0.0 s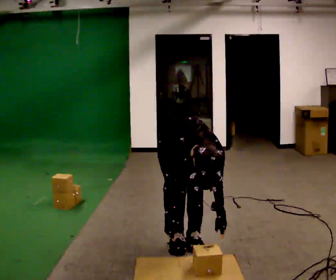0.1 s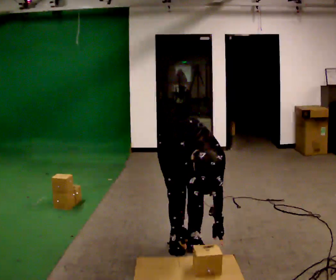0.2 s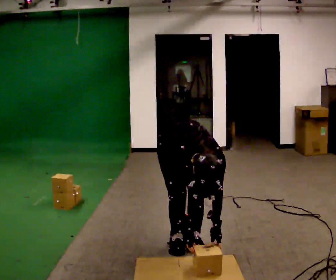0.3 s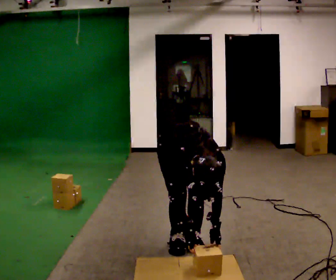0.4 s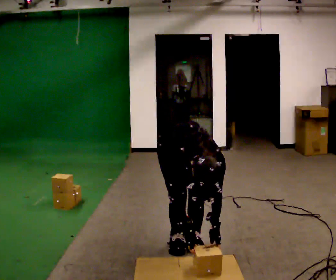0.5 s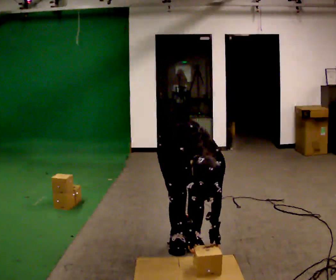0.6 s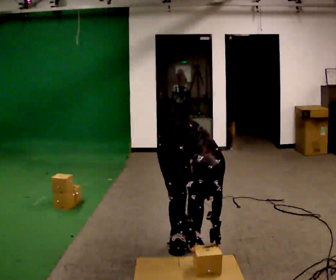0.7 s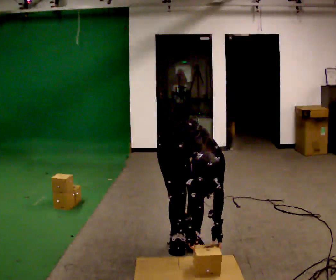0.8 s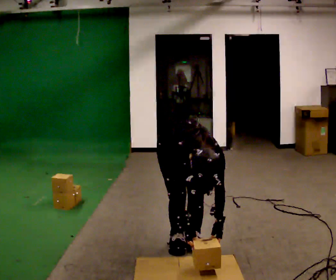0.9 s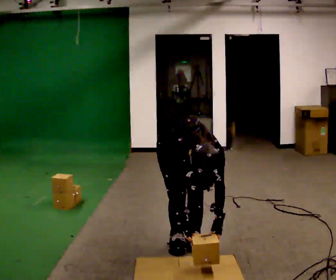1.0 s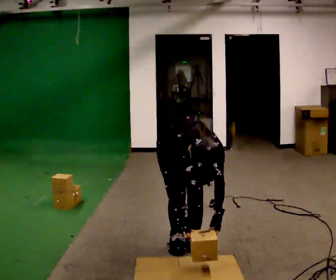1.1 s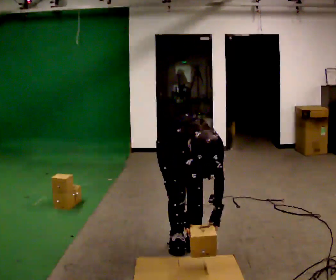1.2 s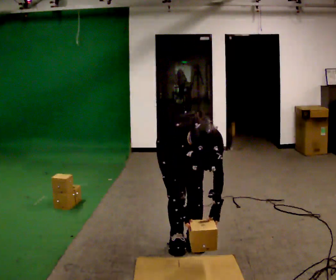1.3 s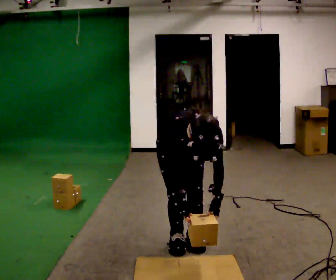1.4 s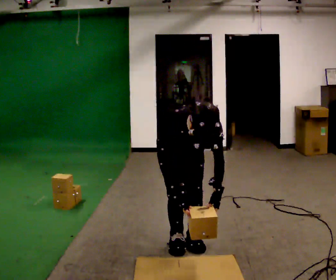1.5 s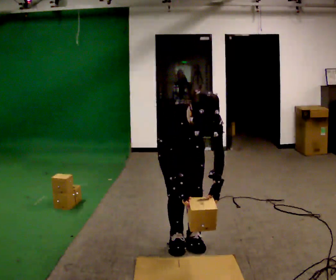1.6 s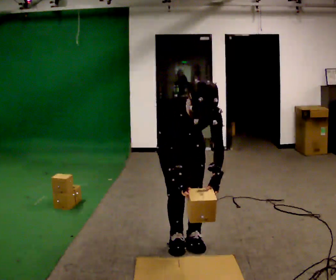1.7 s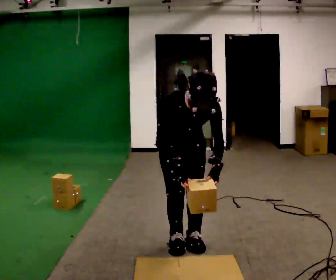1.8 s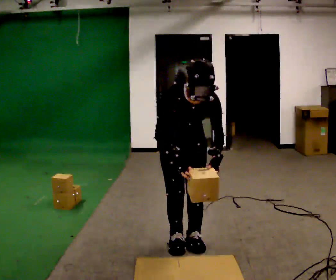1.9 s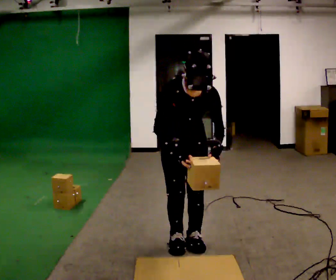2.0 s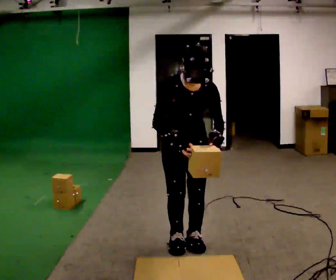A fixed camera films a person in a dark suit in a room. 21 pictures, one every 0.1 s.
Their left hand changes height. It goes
upward.
The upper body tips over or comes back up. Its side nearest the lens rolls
upward.
0.0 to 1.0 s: The person moves a little, or ends about where they began.
1.0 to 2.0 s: The shoulders move upward. The upper body tips away from the camera, its near side rolling upward, as they lean back or straighten. In the picture their right hand goes upward.
The film runs backward here.
